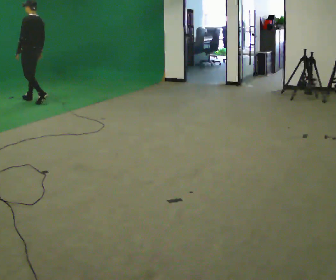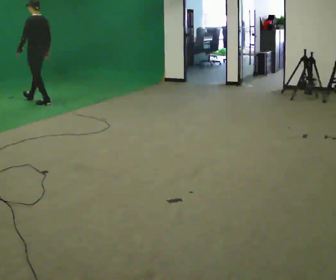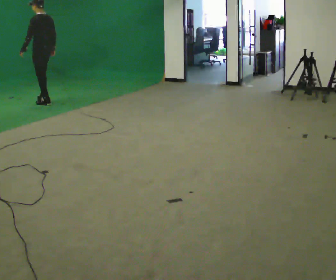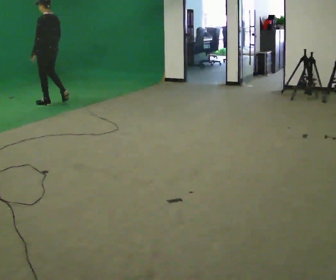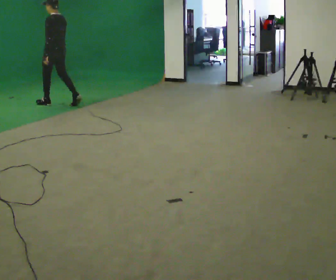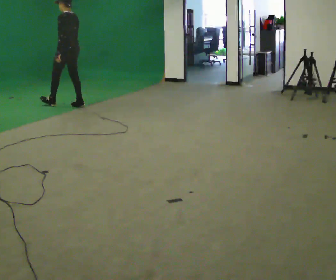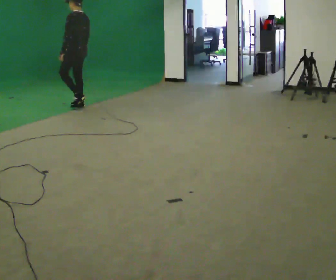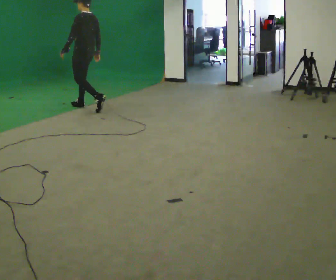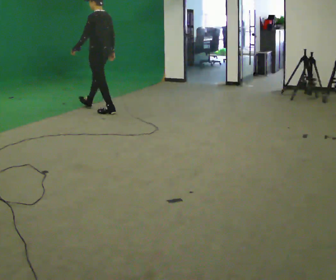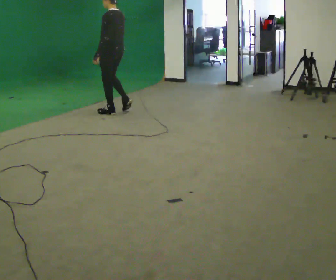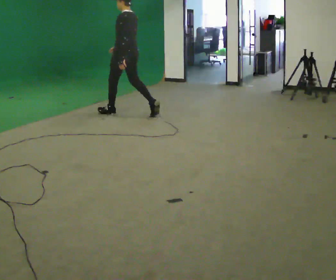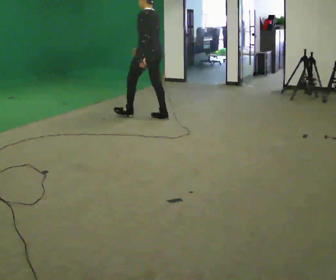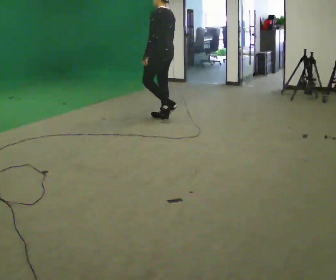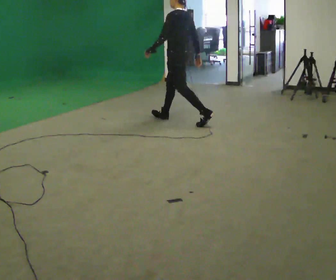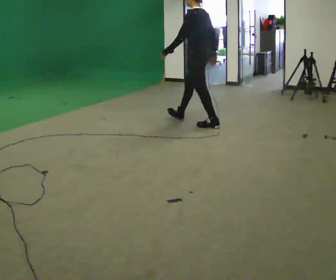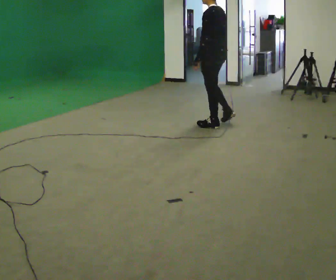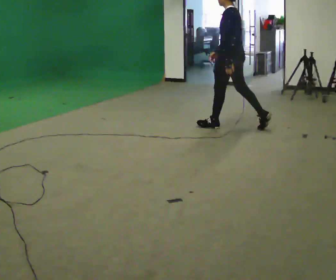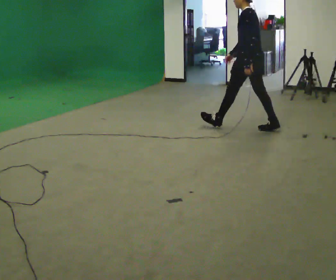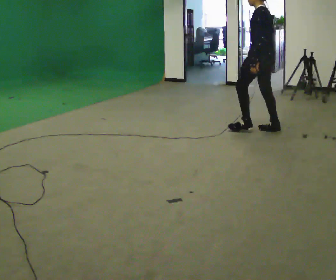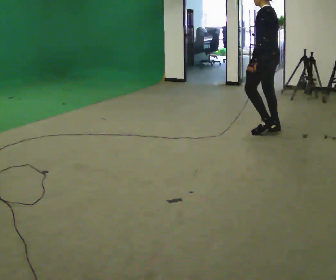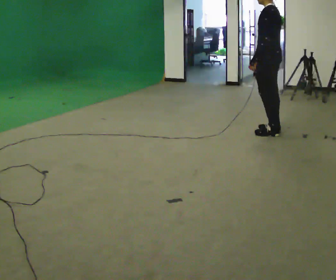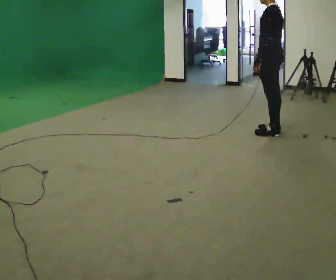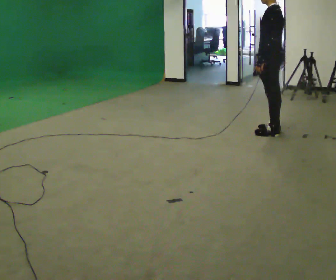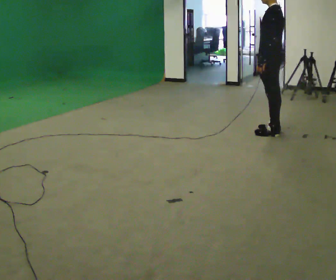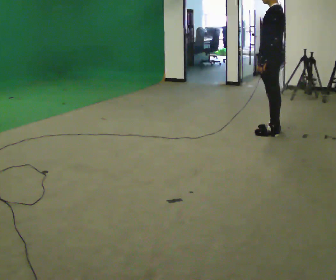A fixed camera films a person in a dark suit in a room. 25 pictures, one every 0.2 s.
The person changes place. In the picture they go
to the right.
0.0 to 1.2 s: In the picture they go to the right and toward the camera, about 1 m in 2 steps, which for them is backward.
1.2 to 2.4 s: In the picture they go to the right and toward the camera, about 1.5 m in 2 steps, which for them is backward.
2.4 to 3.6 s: In the picture they go to the right and toward the camera, about 1.5 m in 2 steps, which for them is backward.
3.6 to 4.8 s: The person moves a little, or ends about where they began.
The film runs backward here.
